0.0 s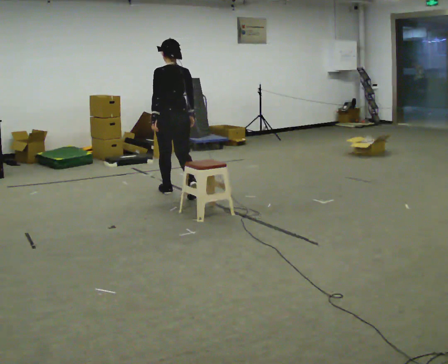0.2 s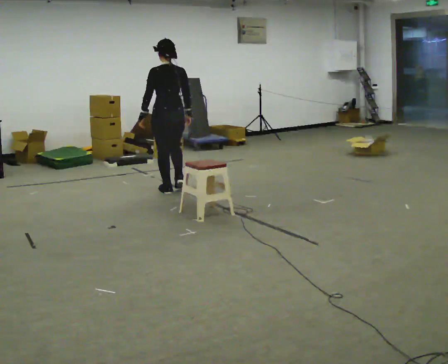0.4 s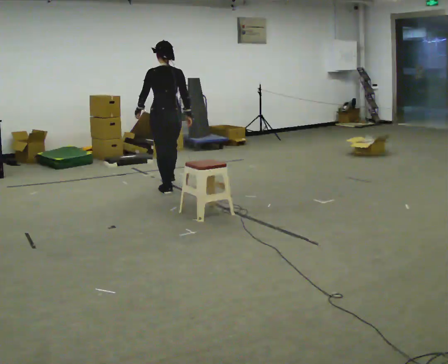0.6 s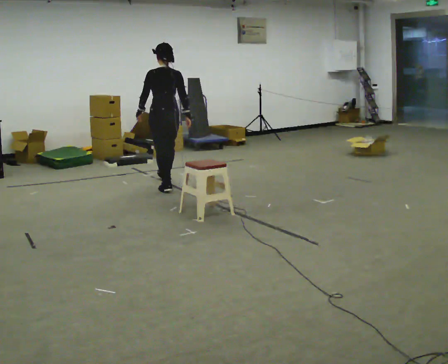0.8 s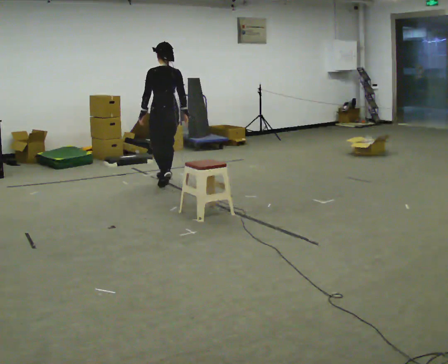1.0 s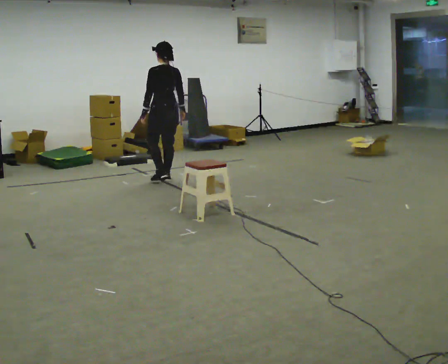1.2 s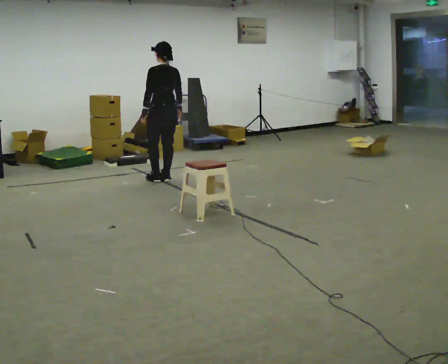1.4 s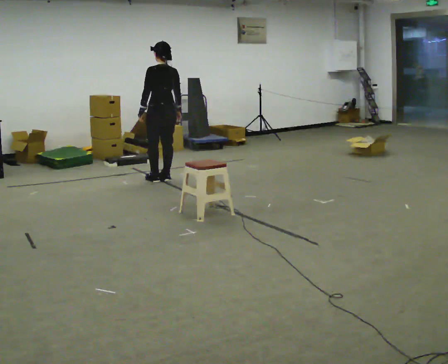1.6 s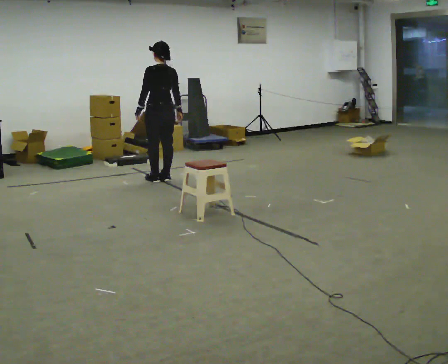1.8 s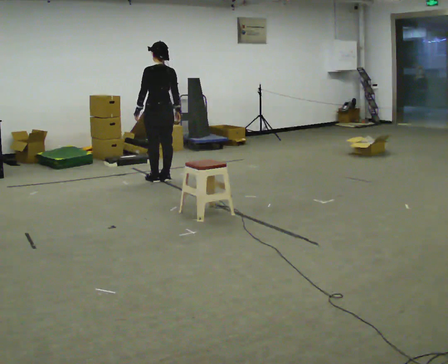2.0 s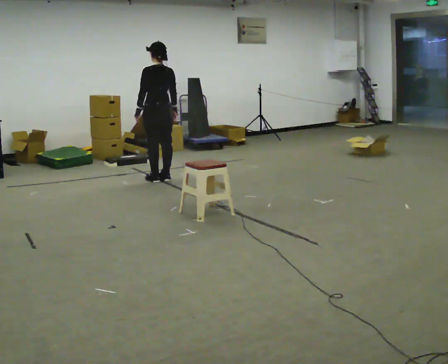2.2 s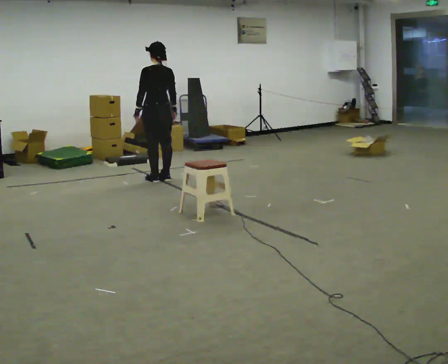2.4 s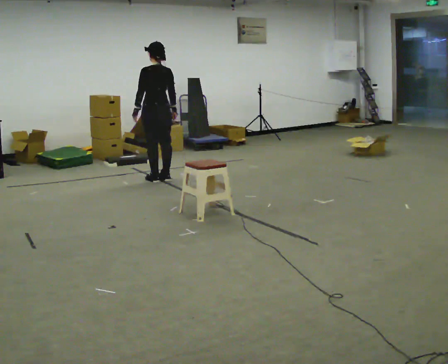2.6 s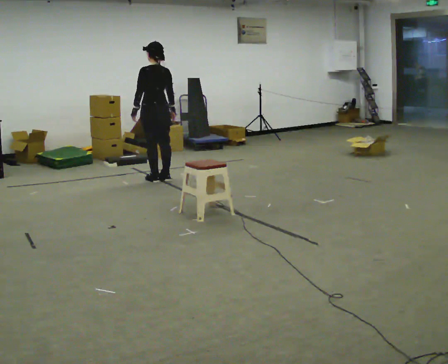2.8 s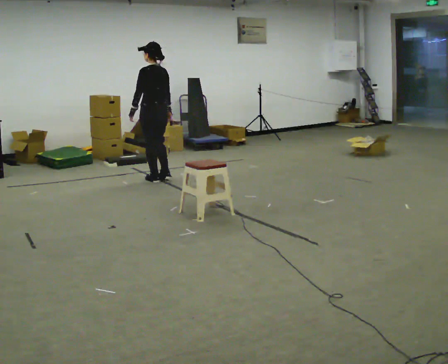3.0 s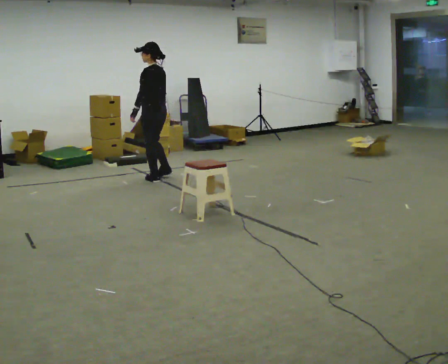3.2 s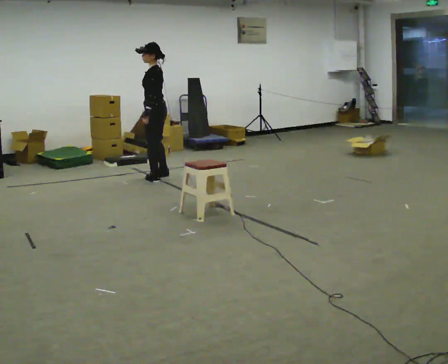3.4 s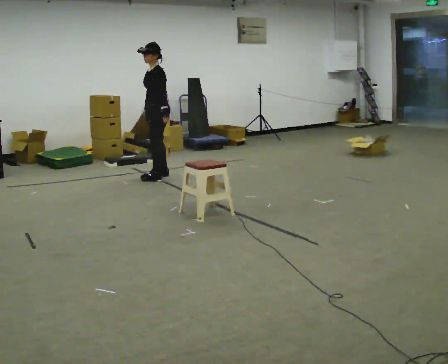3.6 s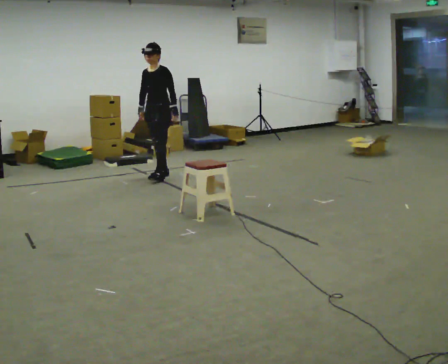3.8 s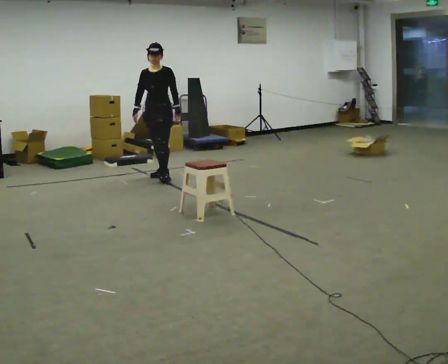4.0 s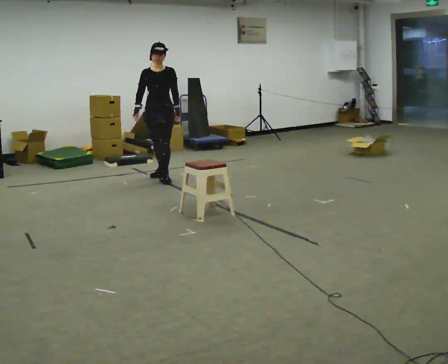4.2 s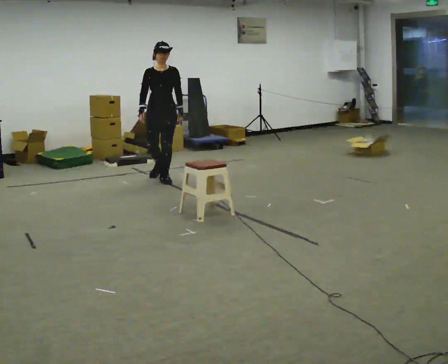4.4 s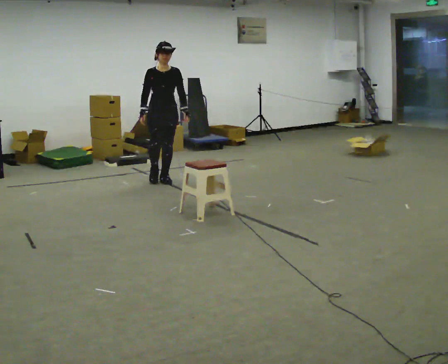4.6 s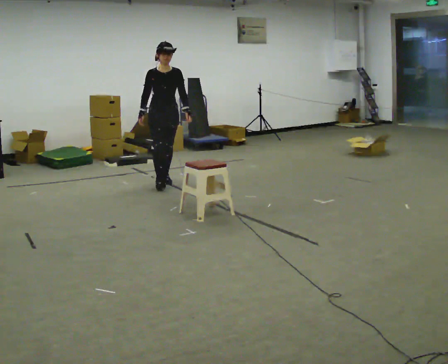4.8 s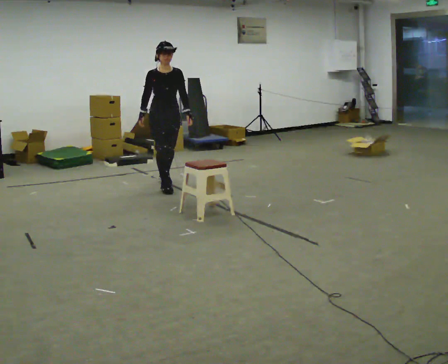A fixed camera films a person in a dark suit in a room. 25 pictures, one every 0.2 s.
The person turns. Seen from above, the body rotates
counterclockwise.
The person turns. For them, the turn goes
to their left.
0.0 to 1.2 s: In the picture they go away from the camera, about 0.75 m in 1 step, which for them is forward.
1.2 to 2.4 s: The person moves a little, or ends about where they began.
2.4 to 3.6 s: The person turns about 120 degrees to their left, counterclockwise seen from above, so the part of the body nearest the lens slides to the right. In the picture they go away from the camera, about 0.25 m in 1 step. In the picture their left hand goes to the right, the arm swinging counterclockwise.
3.6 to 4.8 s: The person turns about 60 degrees to their left, counterclockwise seen from above, so the part of the body nearest the lens slides to the right. In the picture they go toward the camera, about 0.5 m in 1 step, which for them is forward.
The film runs forward here.
